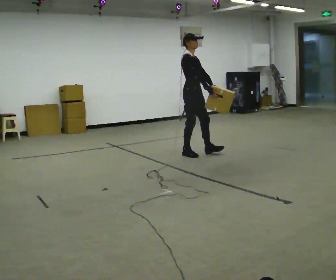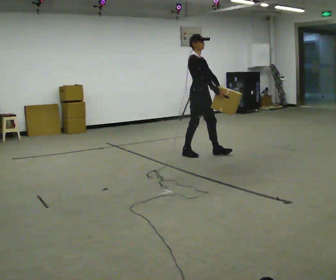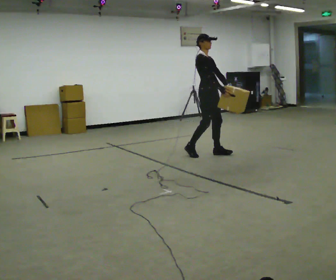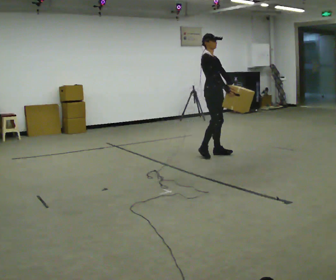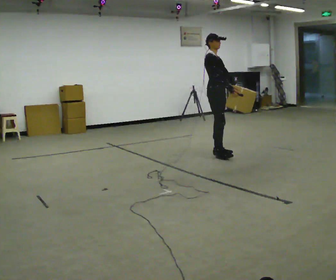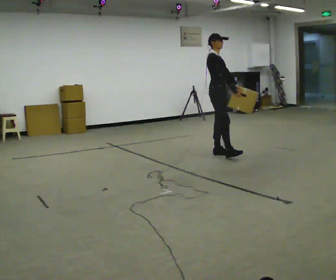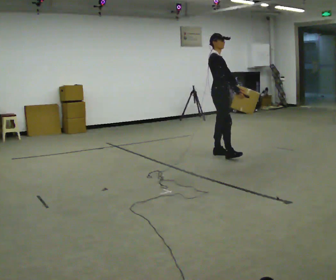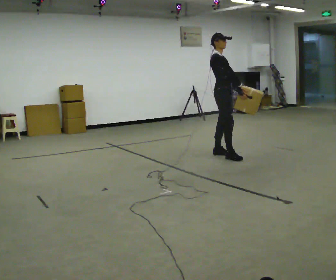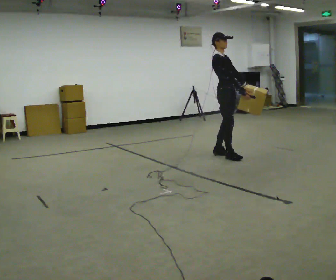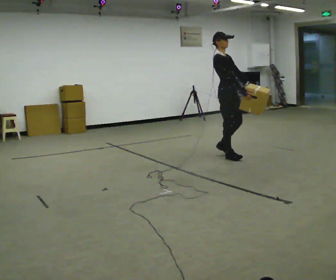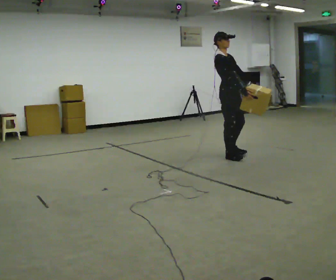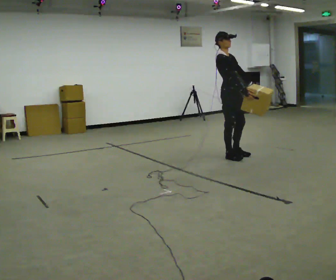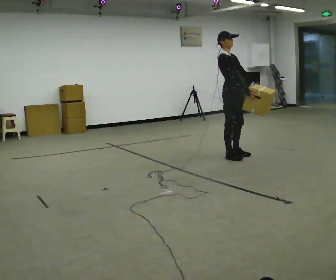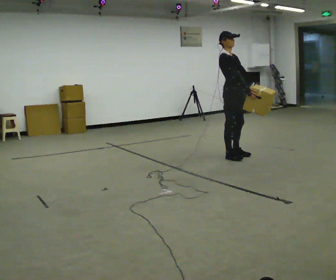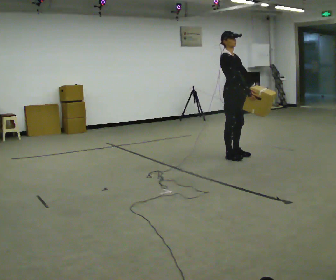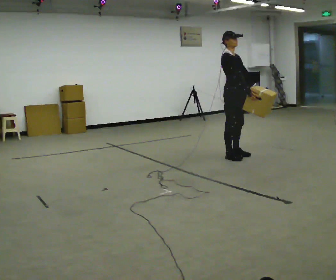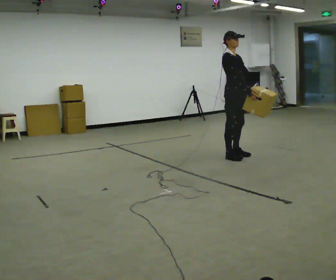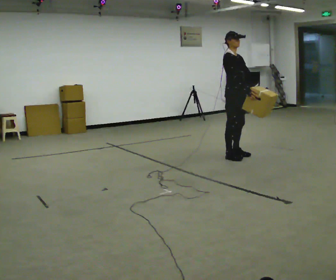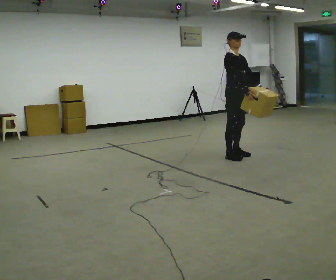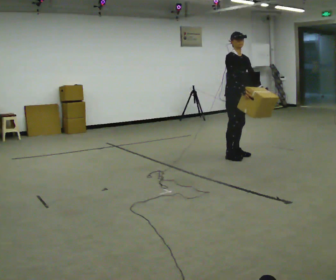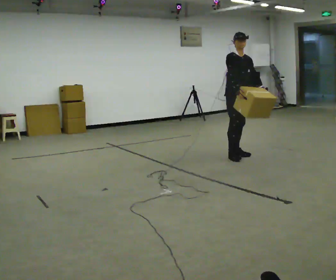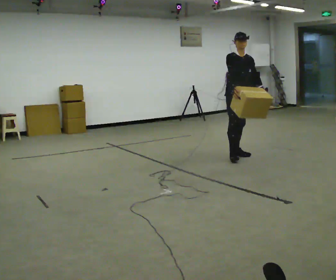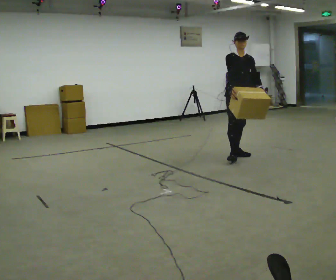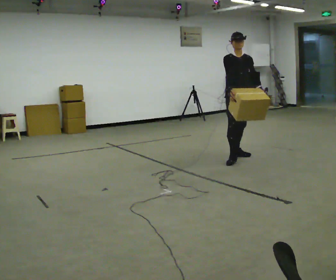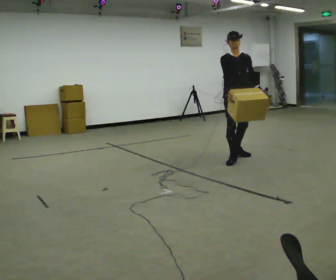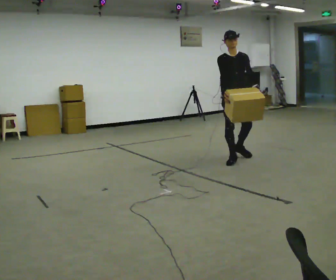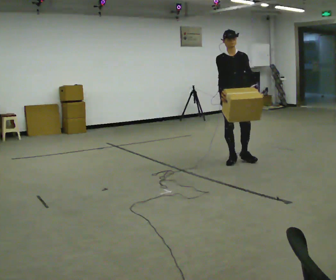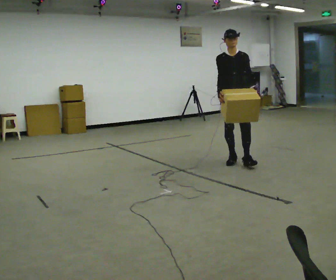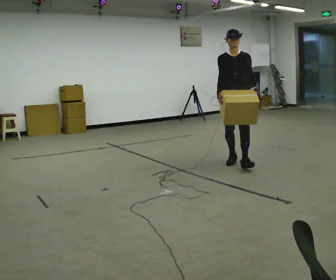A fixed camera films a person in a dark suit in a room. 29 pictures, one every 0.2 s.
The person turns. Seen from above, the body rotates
clockwise.
The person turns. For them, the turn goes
to their right.
0.0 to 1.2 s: In the picture they go to the right, about 0.5 m in 2 steps, which for them is forward.
1.2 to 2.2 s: In the picture they go toward the camera and to the right, about 0.25 m in 1 step, which for them is forward and to their right.
2.2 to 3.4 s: The person moves a little, or ends about where they began.
3.4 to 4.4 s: Seen from above the body turns clockwise, about 30 degrees: to their right, with its near side sliding to the left.
4.4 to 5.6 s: Seen from above the body turns clockwise, about 30 degrees: to their right, with its near side sliding to the left. In the picture they go toward the camera, about 0.25 m, which for them is forward and to their right.
The film runs forward here.
